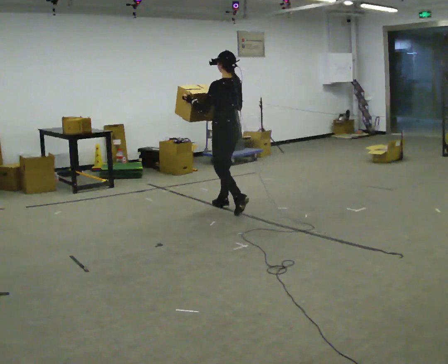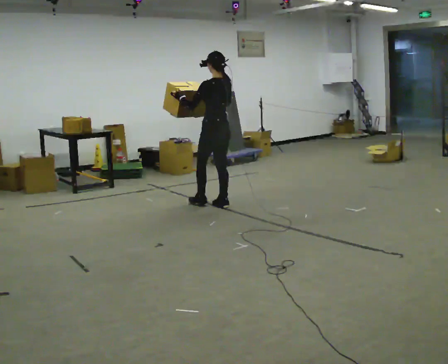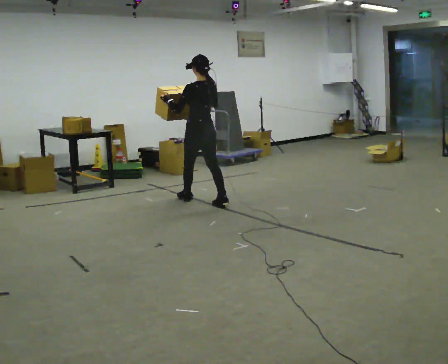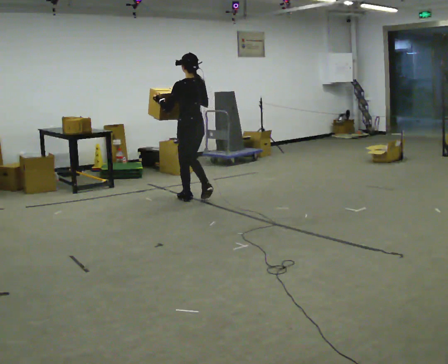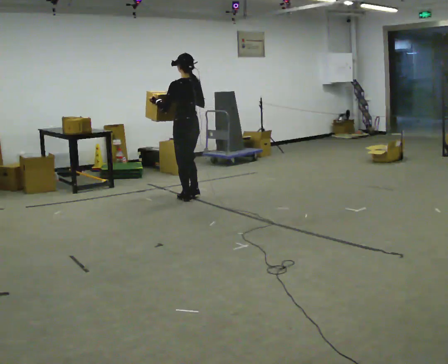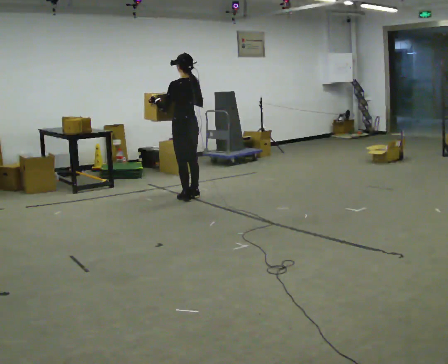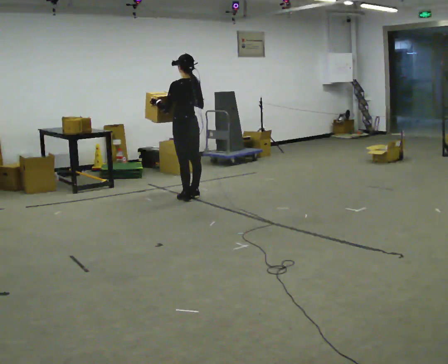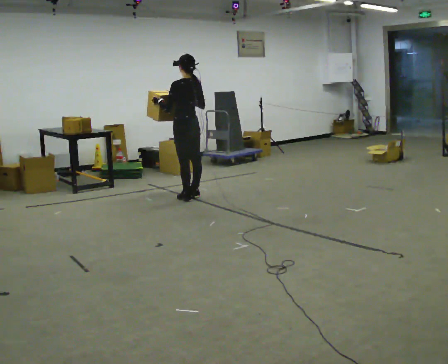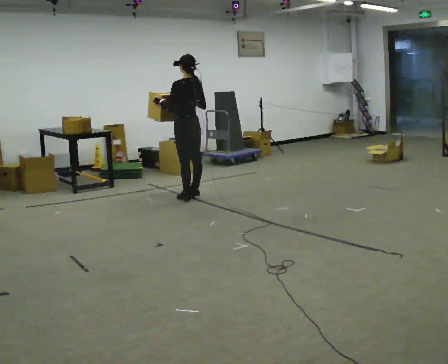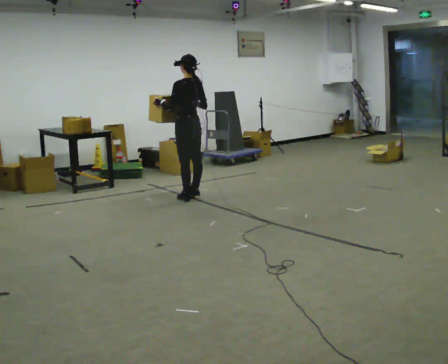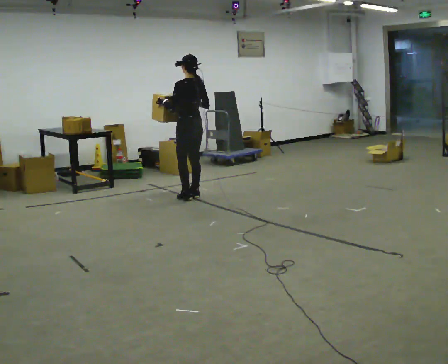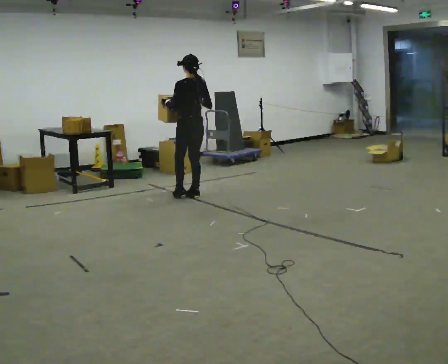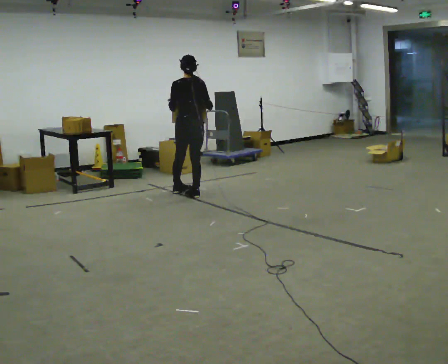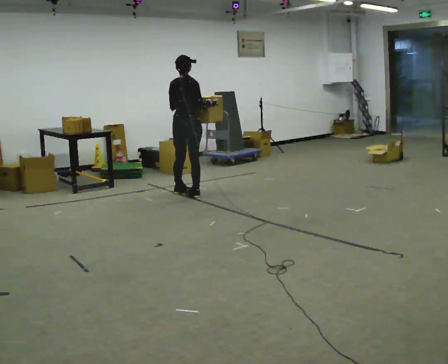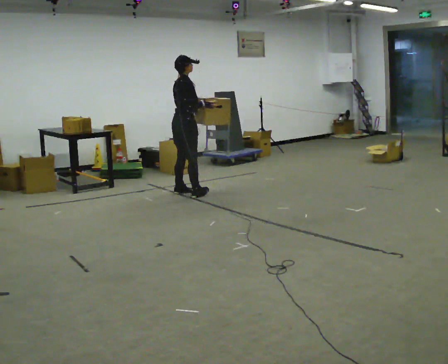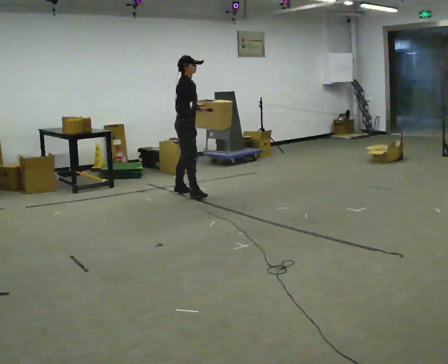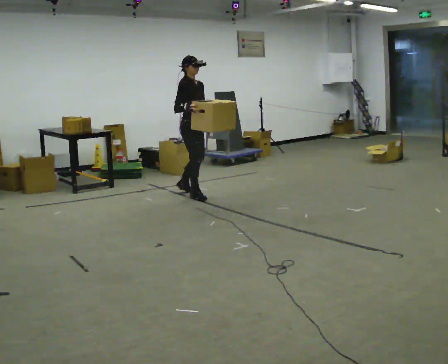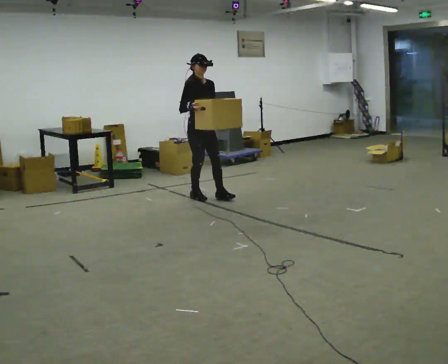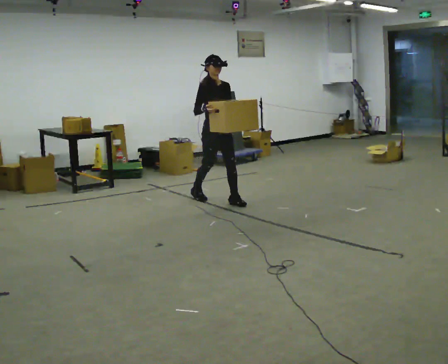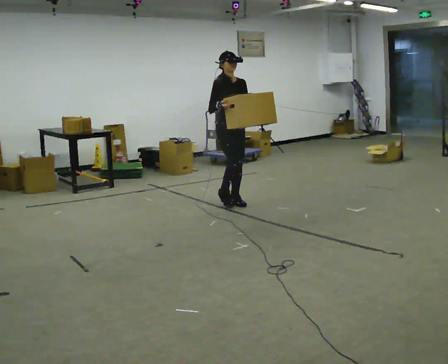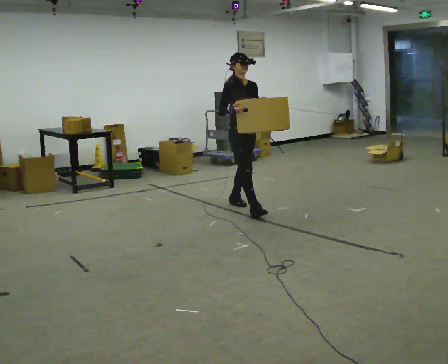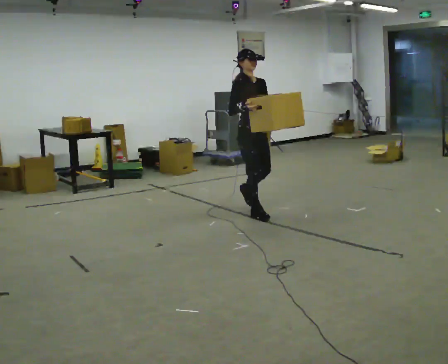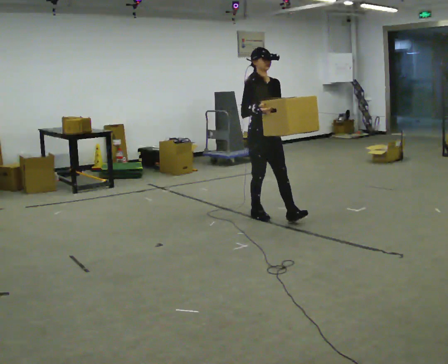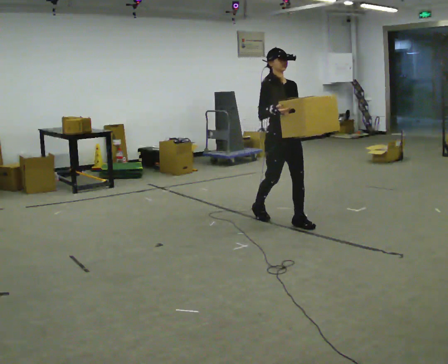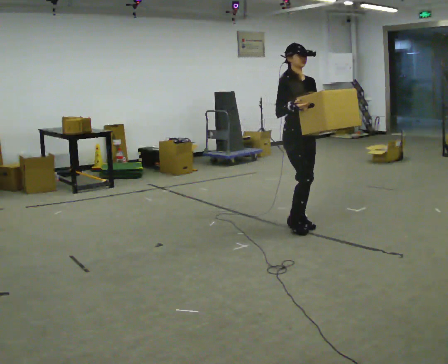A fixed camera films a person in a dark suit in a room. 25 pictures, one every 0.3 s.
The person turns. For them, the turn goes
to their right.
The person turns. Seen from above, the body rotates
clockwise.
0.0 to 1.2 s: In the picture they go away from the camera and to the left, about 0.5 m in 2 steps, which for them is forward.
1.2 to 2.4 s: The person moves a little, or ends about where they began.
2.4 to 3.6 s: The part of the body nearest the lens slides to the left as the person turns to their right by about 45 degrees.
3.6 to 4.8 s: The person turns about 120 degrees to their right, clockwise seen from above, so the part of the body nearest the lens slides to the left.
4.8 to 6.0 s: In the picture they go toward the camera and to the right, about 1 m in 2 steps, which for them is forward.
6.0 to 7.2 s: In the picture they go toward the camera and to the right, about 1 m in 1 step, which for them is forward.
The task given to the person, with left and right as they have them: Carry the heavy box in both hands in front of you, walking back and forth across the room. Keep walking until the operator says stop. Set it down if you need a rest.
The film runs forward here.
